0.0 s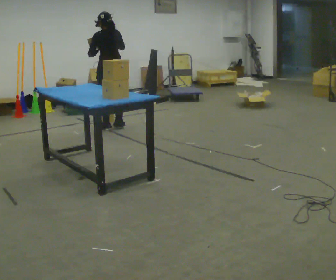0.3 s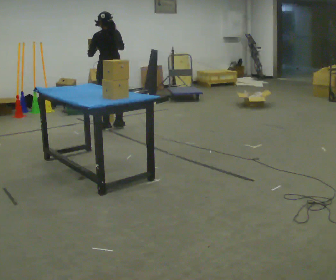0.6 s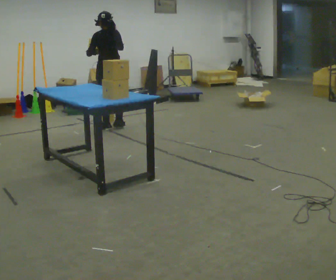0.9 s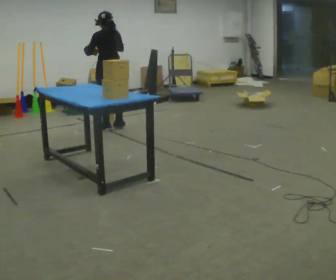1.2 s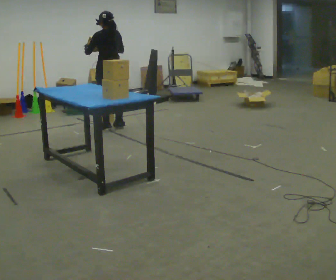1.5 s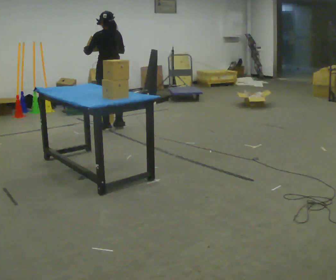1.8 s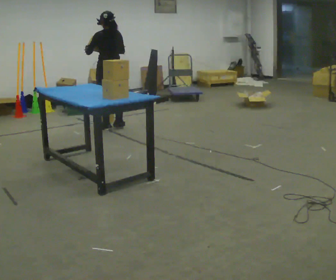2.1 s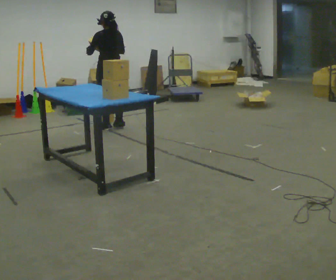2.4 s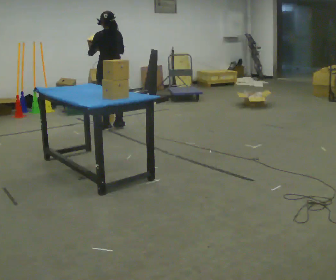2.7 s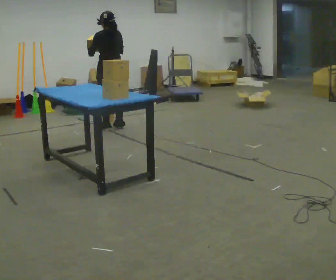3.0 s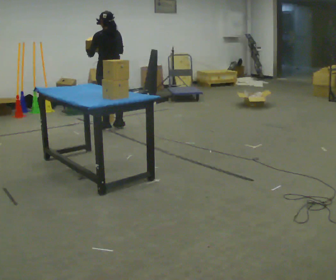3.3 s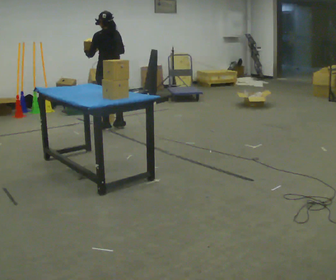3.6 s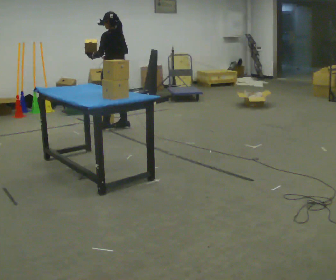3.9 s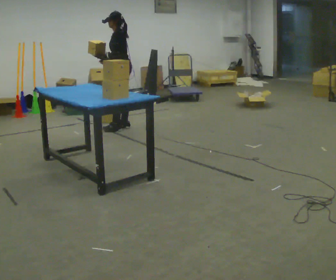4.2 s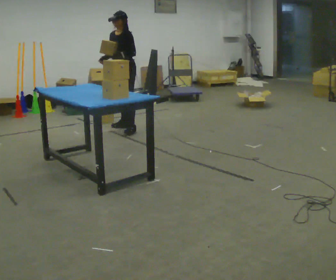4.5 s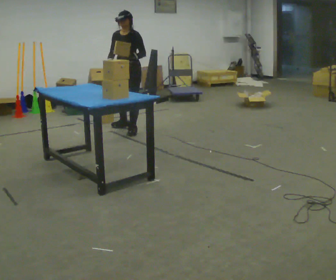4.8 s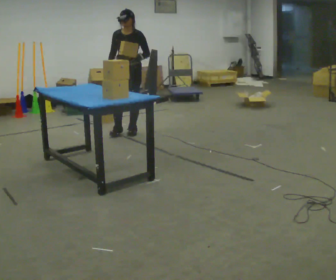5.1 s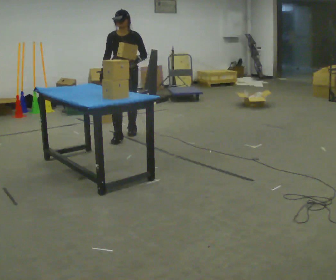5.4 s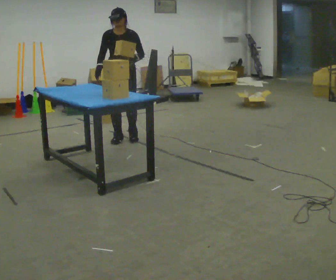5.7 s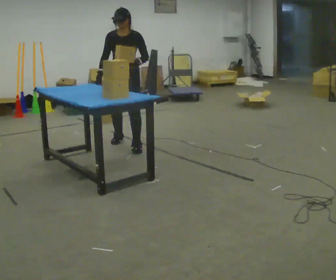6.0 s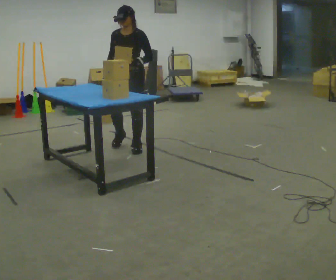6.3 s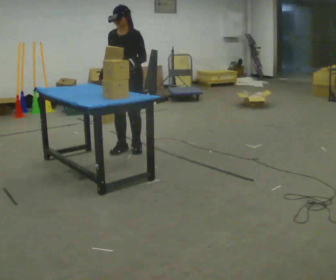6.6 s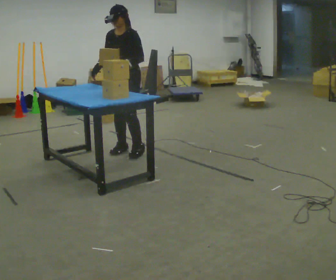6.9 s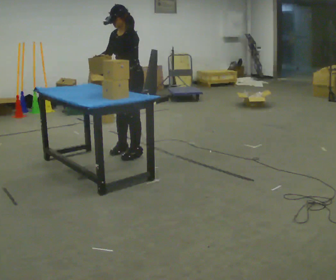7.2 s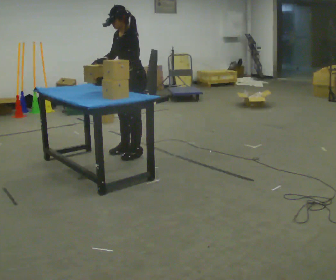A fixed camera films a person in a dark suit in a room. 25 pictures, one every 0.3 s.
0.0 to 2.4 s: The person moves a little, or ends about where they began.
2.4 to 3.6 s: The part of the body nearest the lens slides to the right as the person turns to their left by about 30 degrees.
3.6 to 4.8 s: The person turns about 105 degrees to their left, counterclockwise seen from above, so the part of the body nearest the lens slides to the right. In the picture they go toward the camera and to the right, about 0.25 m in 1 step.
4.8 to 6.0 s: In the picture they go toward the camera, about 0.5 m in 2 steps, which for them is forward.
6.0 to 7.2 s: The person turns about 45 degrees to their right, clockwise seen from above, so the part of the body nearest the lens slides to the left. In the picture they go toward the camera, about 0.25 m in 2 steps, which for them is forward and to their left.
The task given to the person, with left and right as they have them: Pick the object up off the floor using only the hand the operator calls, then carry it to the table in that same hand. Keep going until the operator says stop; one object at a time, and do not rush between trips.
The film runs forward here.
